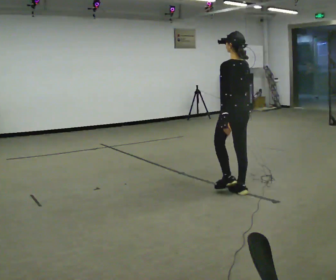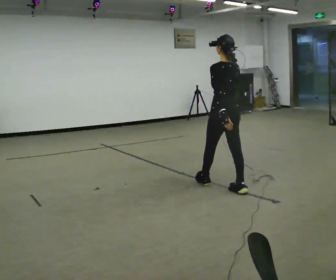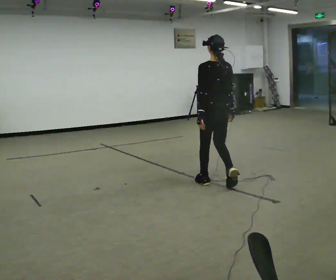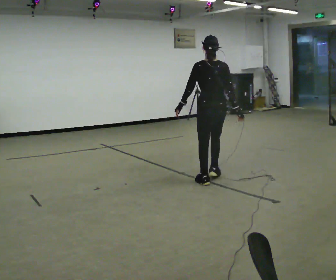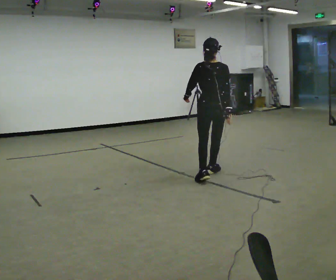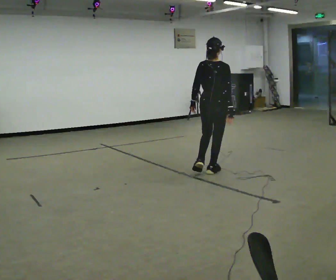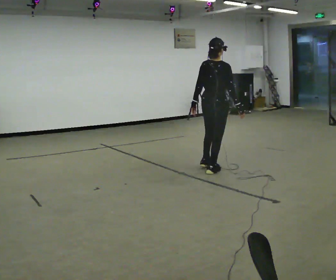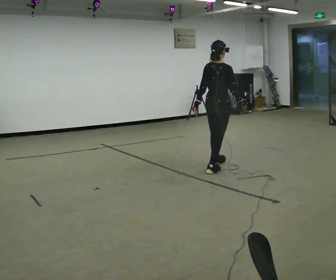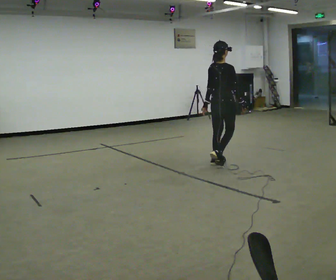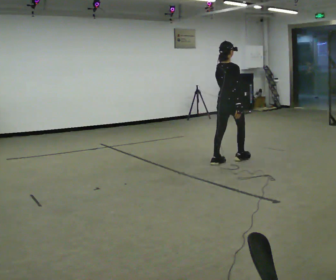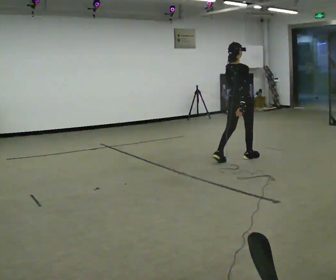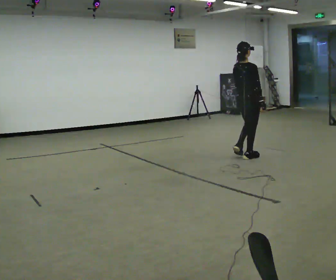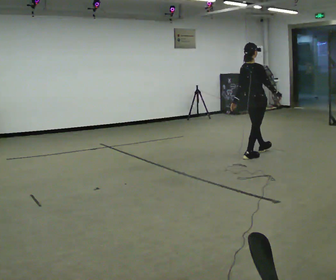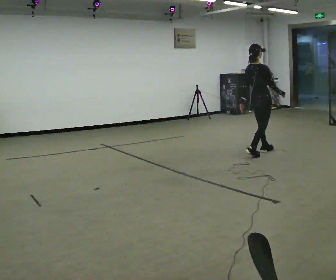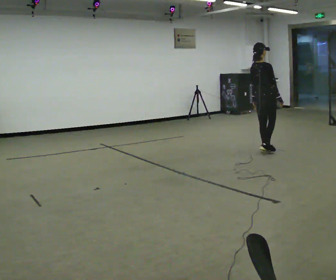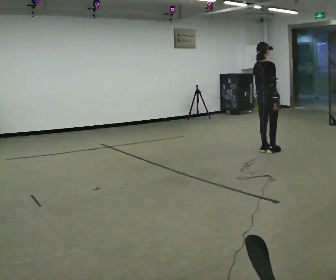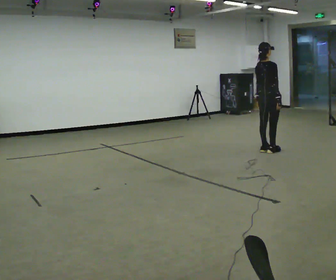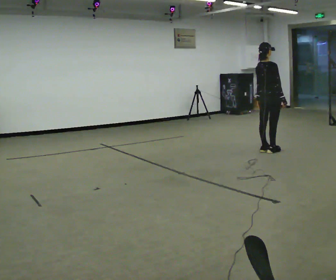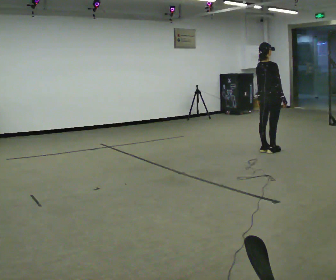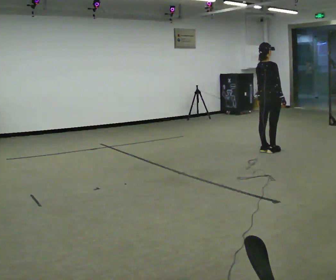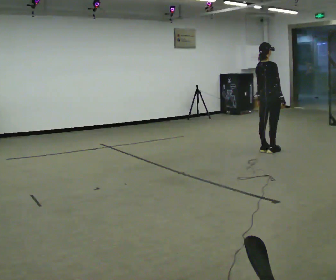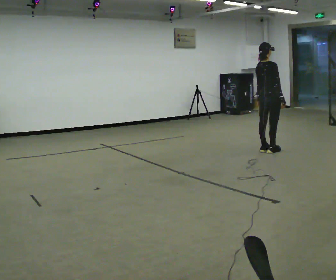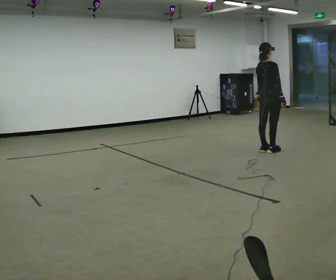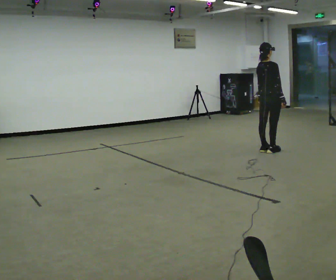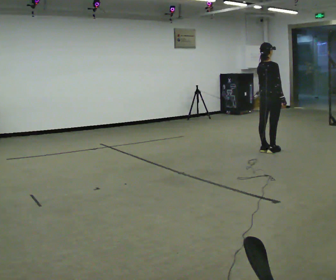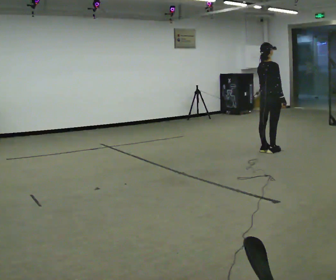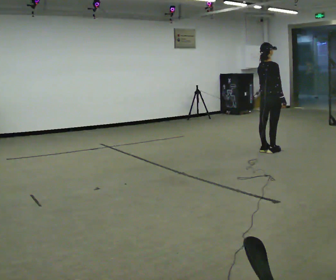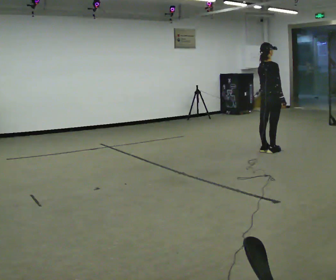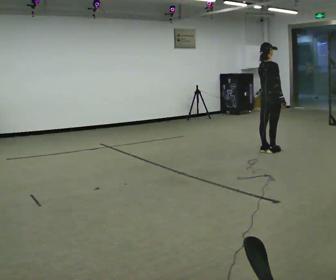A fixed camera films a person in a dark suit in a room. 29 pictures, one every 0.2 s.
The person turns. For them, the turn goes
to their right.
The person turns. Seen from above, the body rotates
clockwise.
0.0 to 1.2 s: The part of the body nearest the lens slides to the left as the person turns to their right by about 75 degrees. In the picture they go away from the camera, about 1 m in 2 steps.
1.2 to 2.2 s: In the picture they go away from the camera and to the right, about 1 m in 2 steps, which for them is forward.
2.2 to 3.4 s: In the picture they go away from the camera and to the right, about 0.5 m in 2 steps, which for them is forward.
3.4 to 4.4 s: The person keeps their place and pose.
4.4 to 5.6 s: The person moves a little, or ends about where they began.
The film runs forward here.
